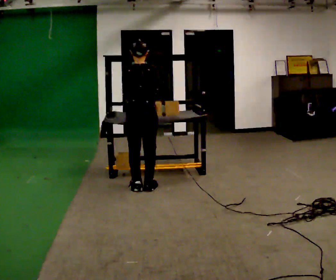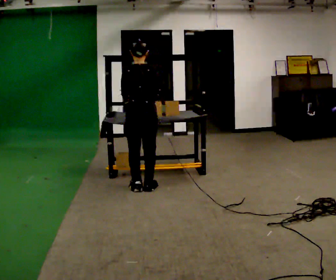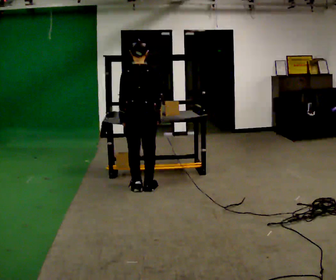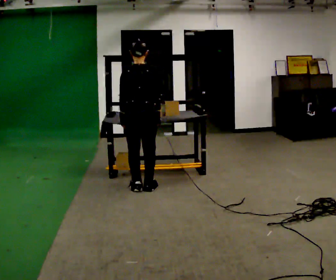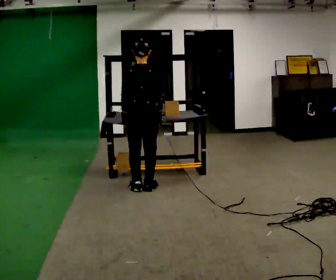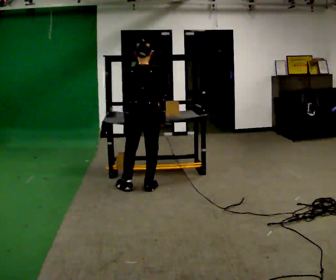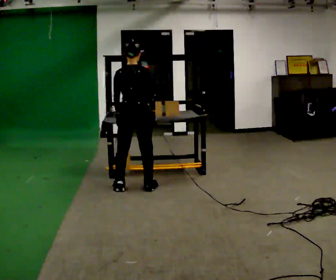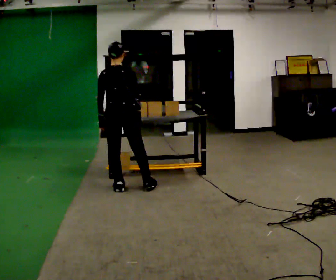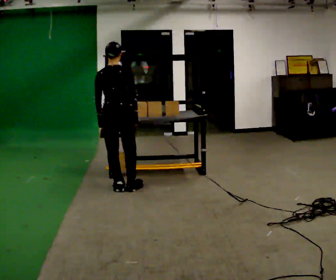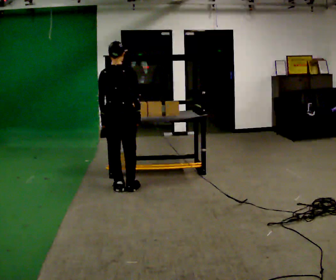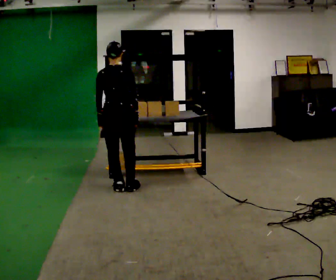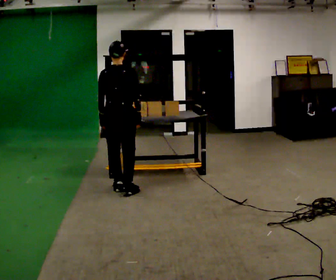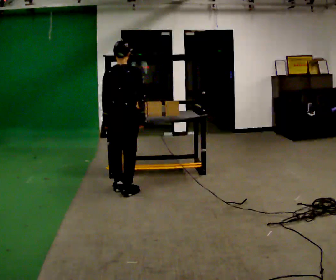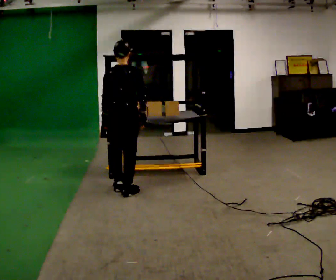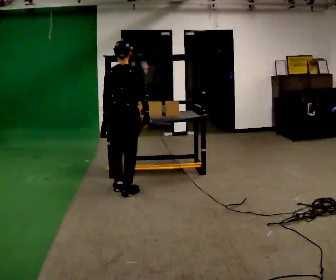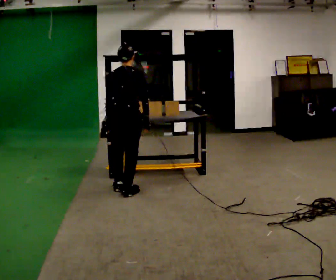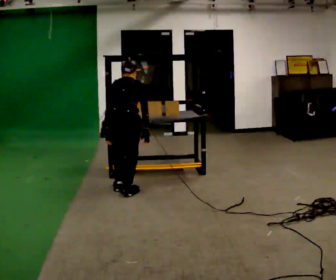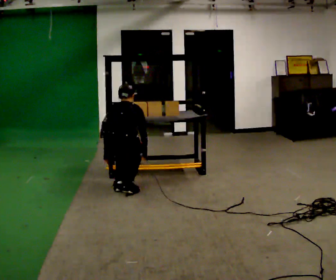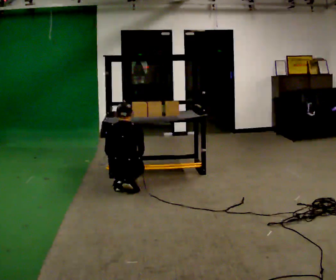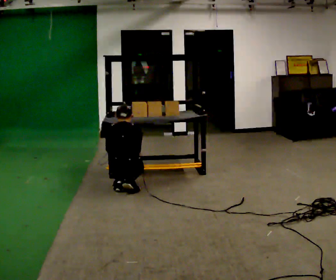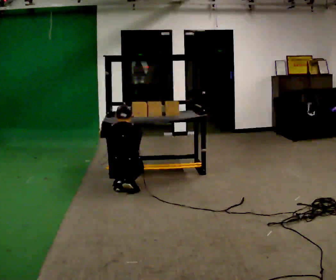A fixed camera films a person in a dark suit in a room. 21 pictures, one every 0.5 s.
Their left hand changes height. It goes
downward.
Their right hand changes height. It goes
downward.
0.0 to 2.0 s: The person moves a little, or ends about where they began.
2.0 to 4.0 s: In the picture they go to the left, about 0.25 m in 2 steps, which for them is to their left.
4.0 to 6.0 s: The person moves a little, or ends about where they began.
6.0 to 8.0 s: In the picture they go toward the camera, about 0.25 m, which for them is backward. The upper body goes downward. The upper body tips away from the camera, its near side rolling upward, as they bend forward.
8.0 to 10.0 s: The upper body goes downward. In the picture their right hand goes downward.
The film runs backward here.
